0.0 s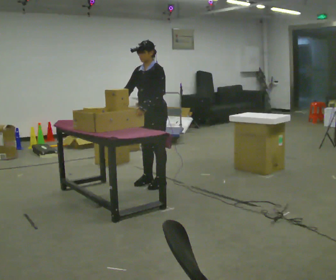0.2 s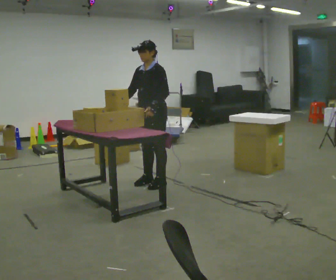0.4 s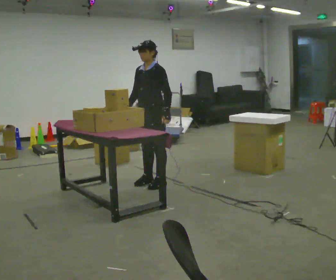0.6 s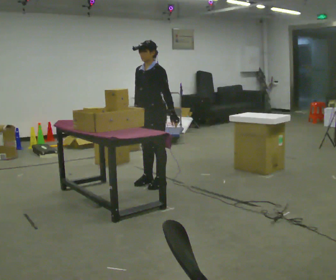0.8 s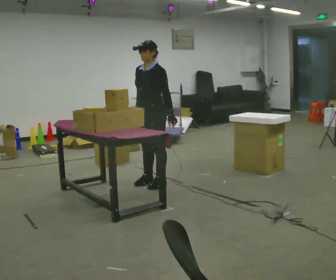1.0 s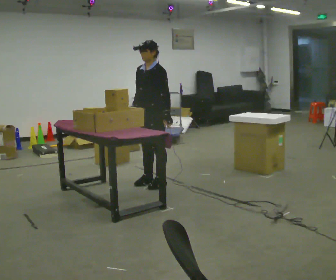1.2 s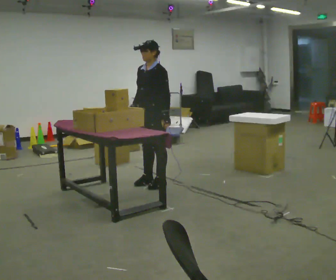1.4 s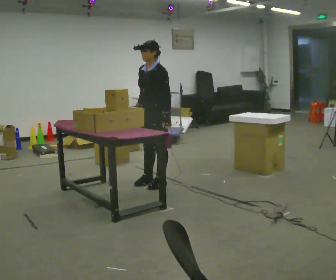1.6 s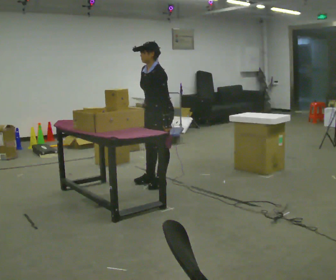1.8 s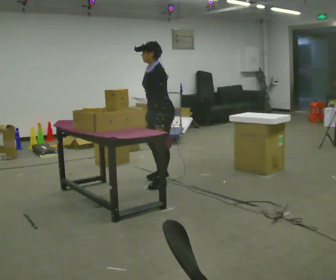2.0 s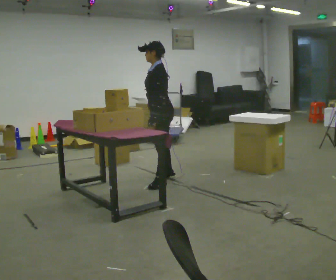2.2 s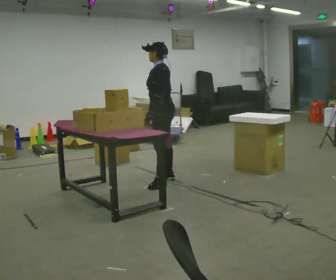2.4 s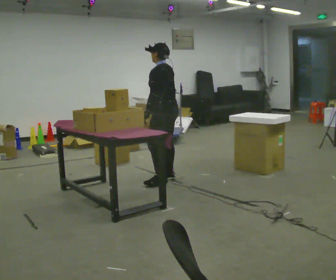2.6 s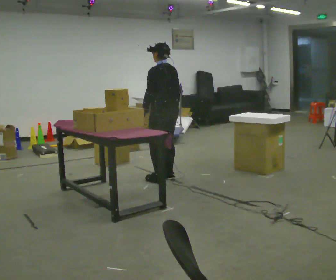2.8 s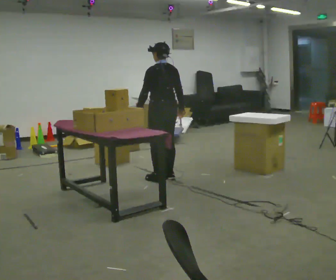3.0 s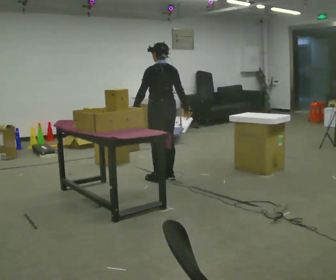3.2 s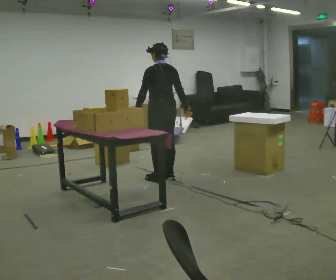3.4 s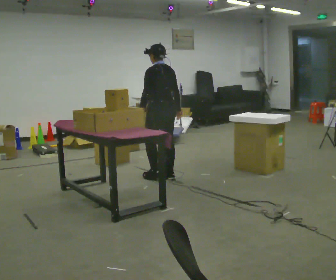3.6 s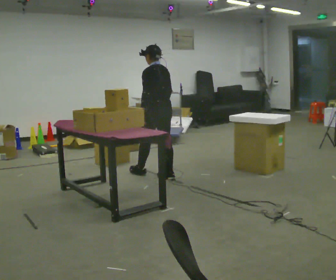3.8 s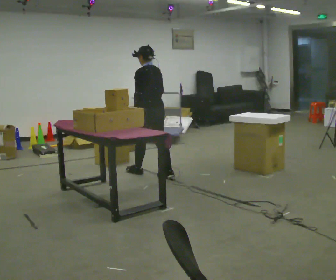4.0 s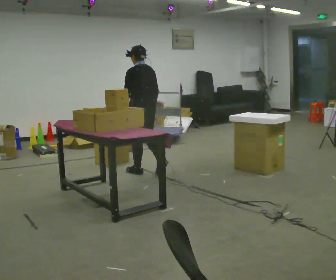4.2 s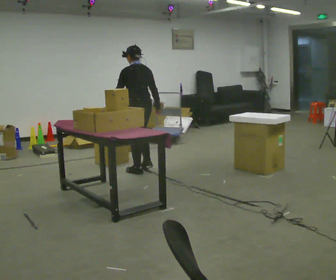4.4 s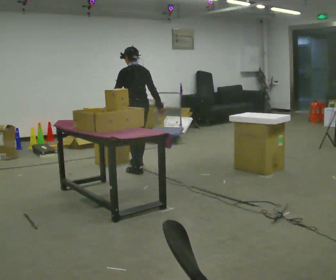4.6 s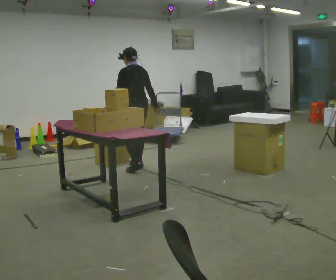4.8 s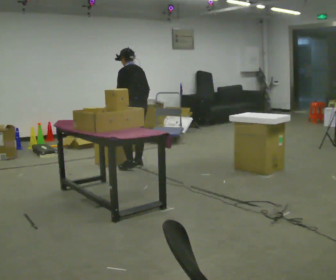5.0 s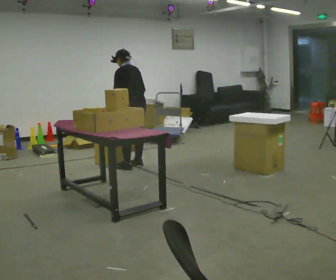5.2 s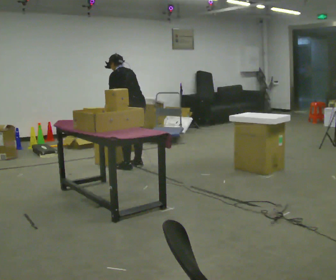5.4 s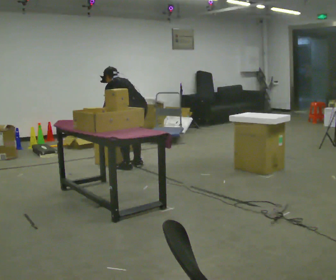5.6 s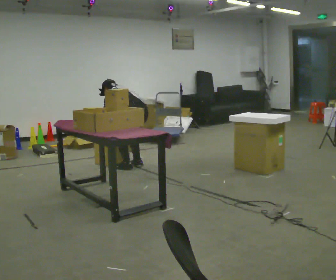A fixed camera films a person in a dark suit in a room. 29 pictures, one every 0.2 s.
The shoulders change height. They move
downward.
0.0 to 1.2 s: The person moves a little, or ends about where they began.
1.2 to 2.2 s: The part of the body nearest the lens slides to the left as the person turns to their right by about 60 degrees. In the picture their right hand goes to the right.
2.2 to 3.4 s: Seen from above the body turns clockwise, about 30 degrees: to their right, with its near side sliding to the left. In the picture they go away from the camera, about 0.25 m, which for them is forward.
3.4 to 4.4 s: In the picture they go away from the camera and to the left, about 0.5 m in 2 steps, which for them is forward.
4.4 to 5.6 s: The upper body goes downward. In the picture the upper body tilts counterclockwise, shoulders to the left, as they bend forward. In the picture their right hand goes to the left and downward.
The film runs forward here.
